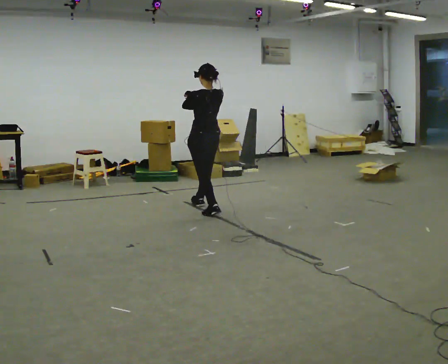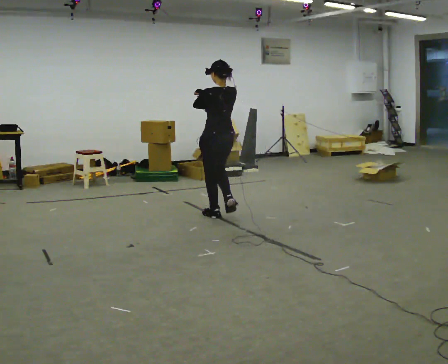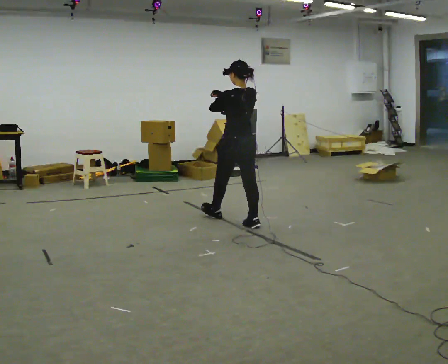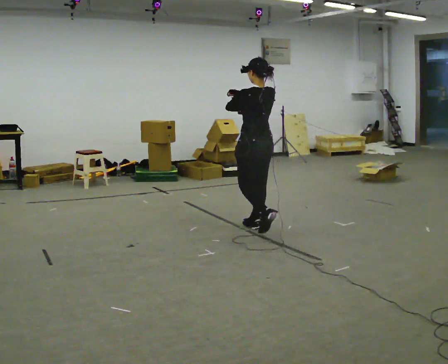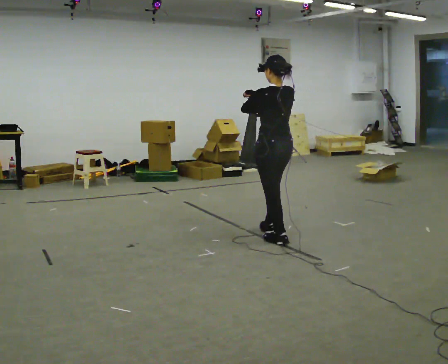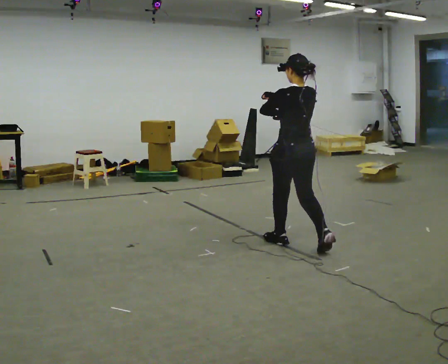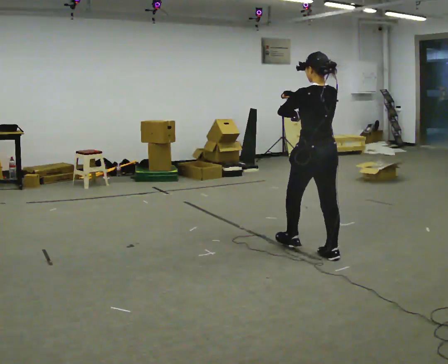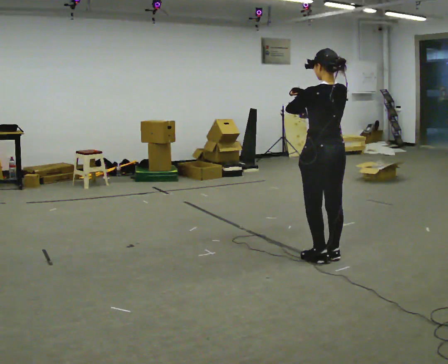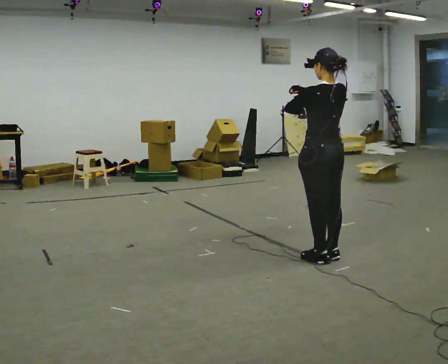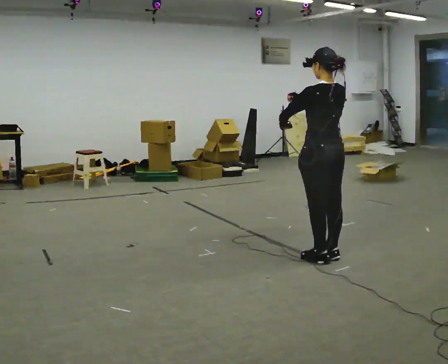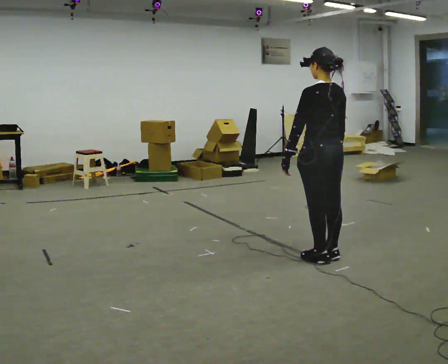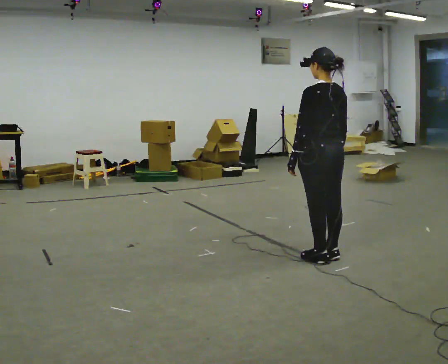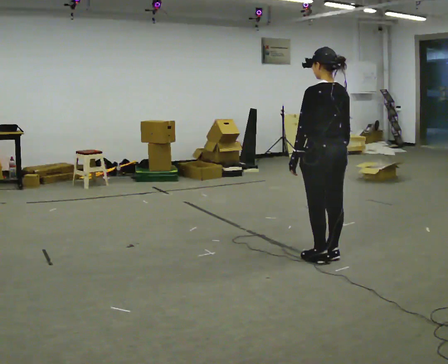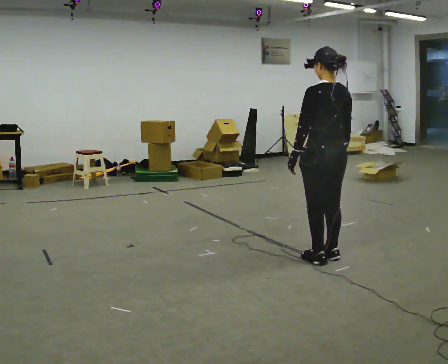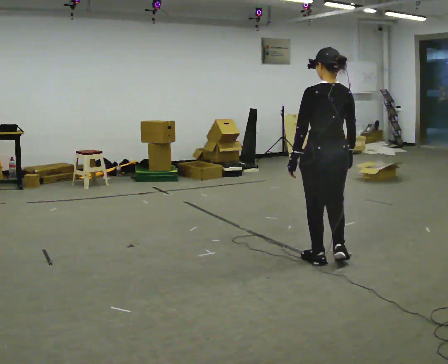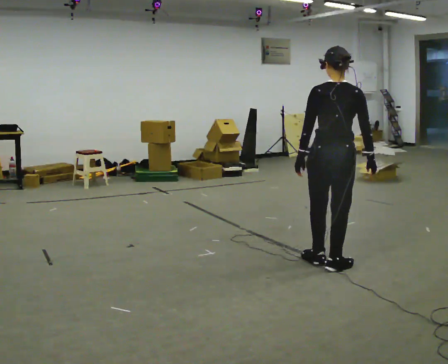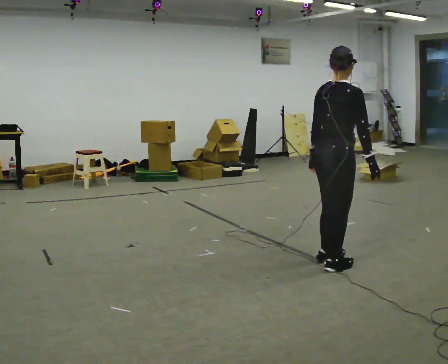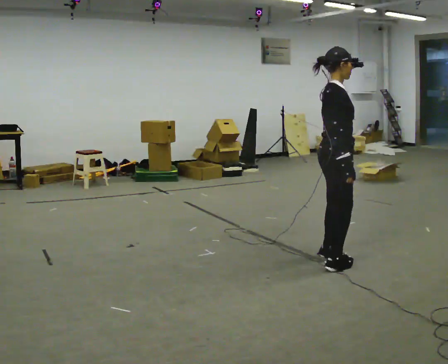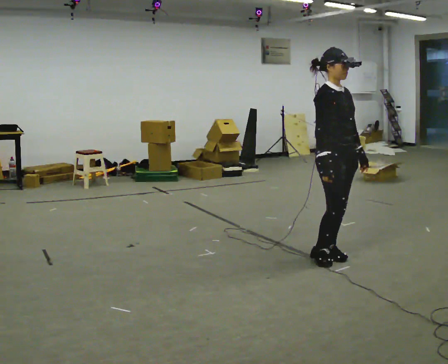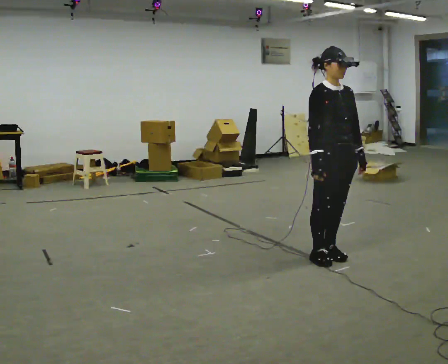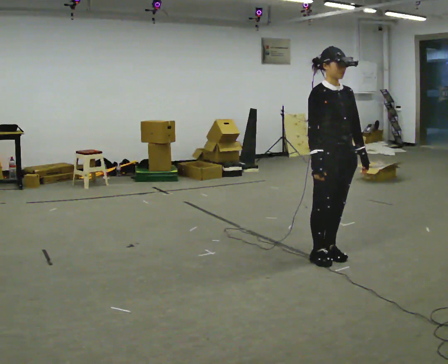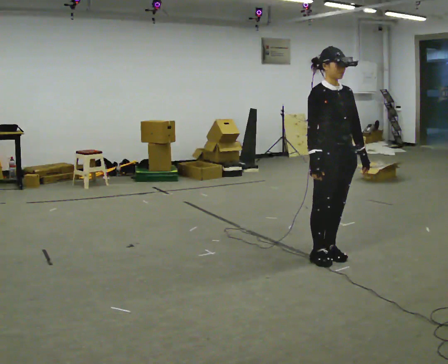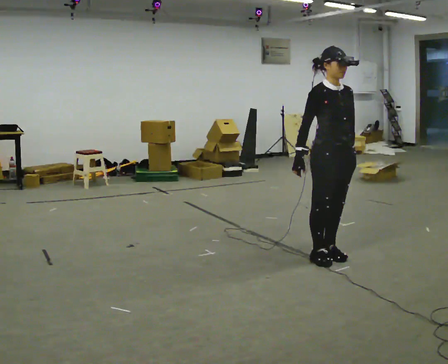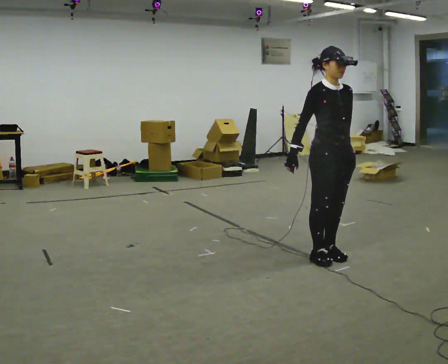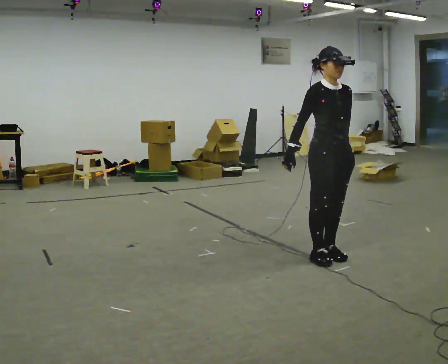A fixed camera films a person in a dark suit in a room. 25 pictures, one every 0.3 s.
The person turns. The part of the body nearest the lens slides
to the left.
The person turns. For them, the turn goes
to their right.
0.0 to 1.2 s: In the picture they go to the right and toward the camera, about 1 m in 3 steps, which for them is backward.
1.2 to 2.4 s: In the picture they go to the right and toward the camera, about 0.75 m in 1 step, which for them is backward.
2.4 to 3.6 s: In the picture their right hand goes downward and to the right.
3.6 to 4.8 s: The person turns about 75 degrees to their right, clockwise seen from above, so the part of the body nearest the lens slides to the left. In the picture they go toward the camera, about 0.25 m in 1 step.
4.8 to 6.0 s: Seen from above the body turns clockwise, about 105 degrees: to their right, with its near side sliding to the left. In the picture their left hand goes to the right, the arm swinging counterclockwise.
6.0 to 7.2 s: The person moves a little, or ends about where they began.
The film runs backward here.
